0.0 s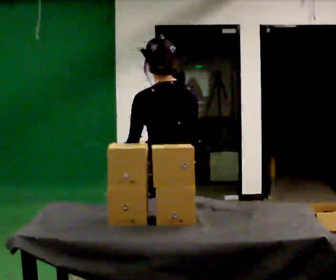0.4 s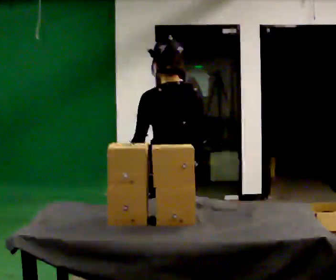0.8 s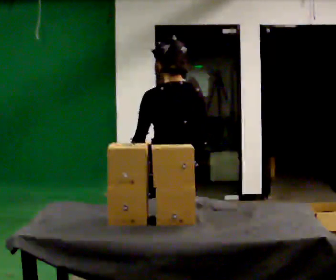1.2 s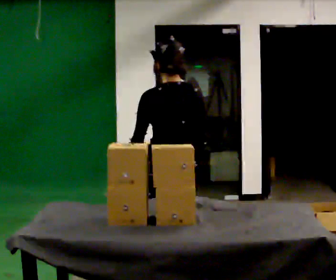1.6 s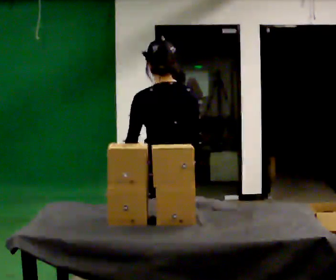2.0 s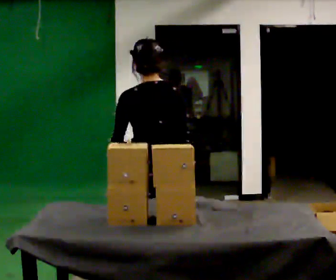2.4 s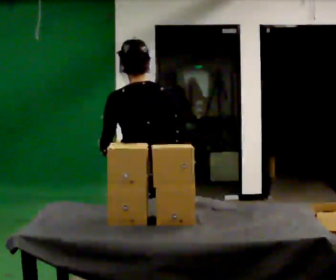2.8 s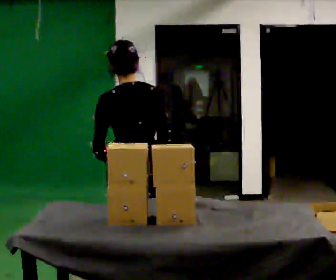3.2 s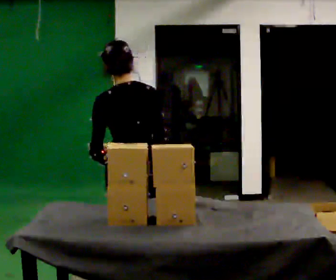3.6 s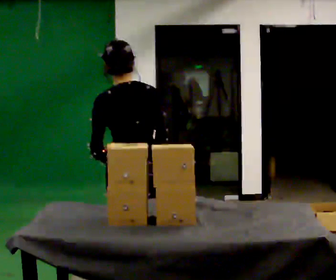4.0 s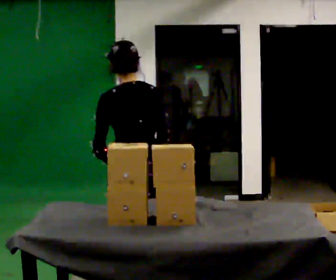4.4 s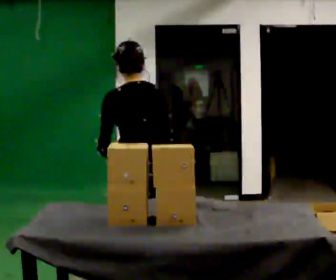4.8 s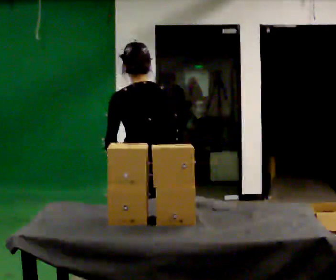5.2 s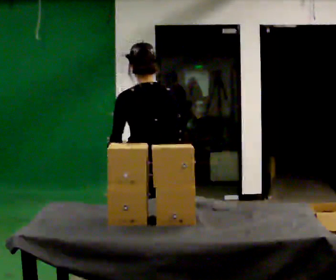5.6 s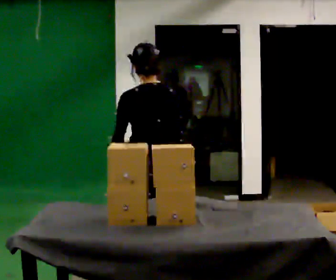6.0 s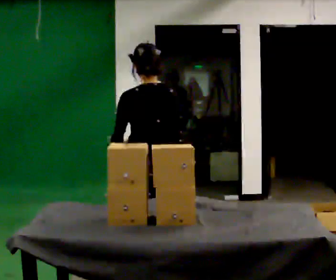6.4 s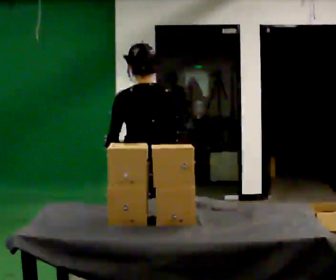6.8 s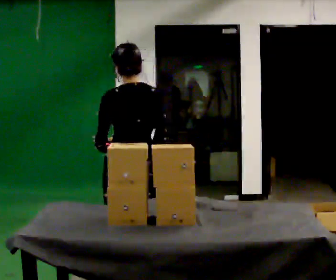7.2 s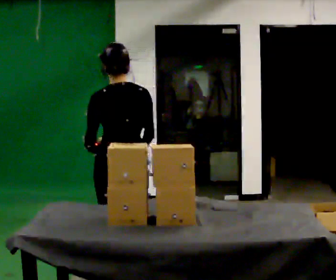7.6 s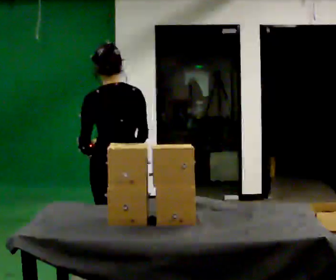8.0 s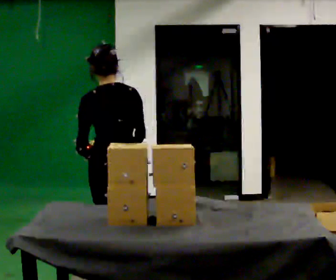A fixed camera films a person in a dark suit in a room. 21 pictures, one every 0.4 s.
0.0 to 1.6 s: The person moves a little, or ends about where they began.
1.6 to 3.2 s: In the picture they go to the left, about 0.25 m, which for them is to their left.
3.2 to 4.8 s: In the picture they go away from the camera, about 0.25 m in 1 step, which for them is forward.
4.8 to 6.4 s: The person moves a little, or ends about where they began.
6.4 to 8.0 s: In the picture they go to the left, about 0.25 m, which for them is to their left.
The film runs forward here.
